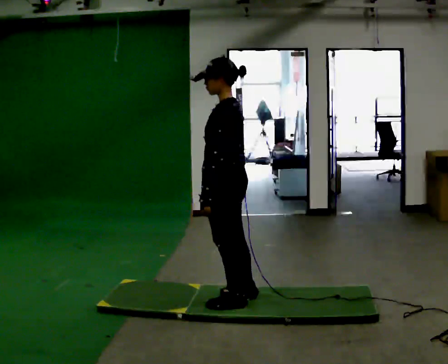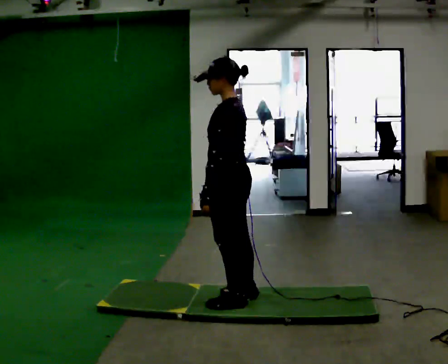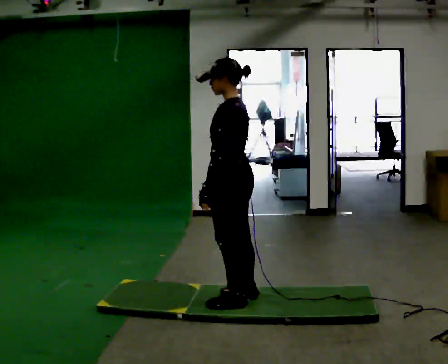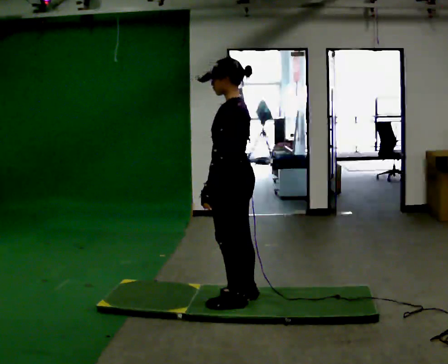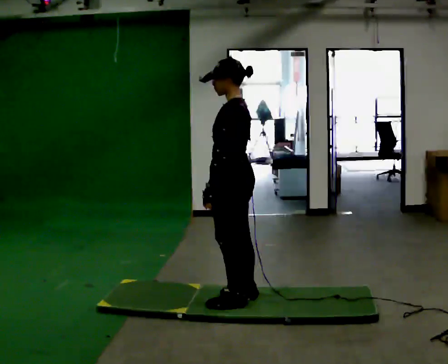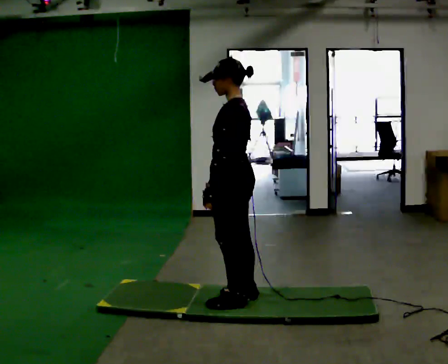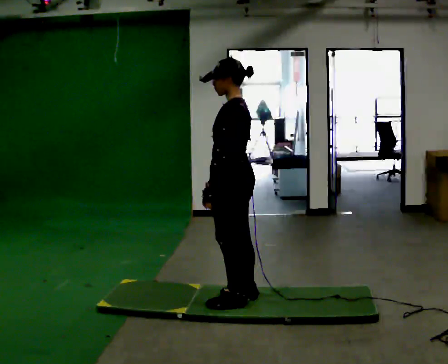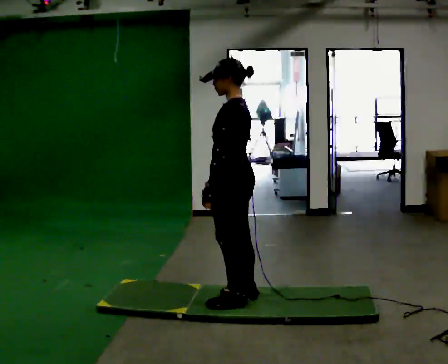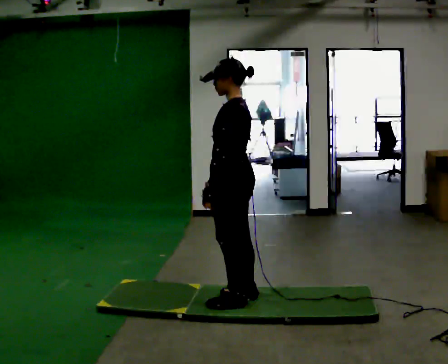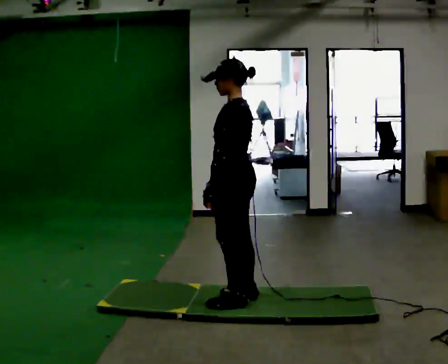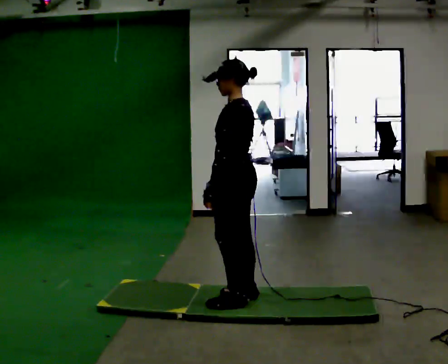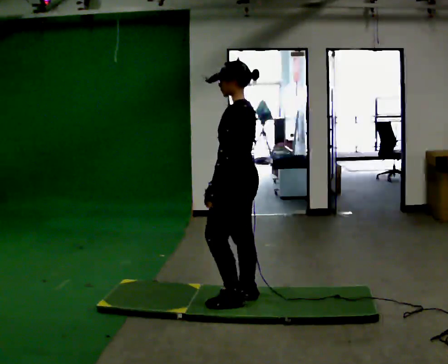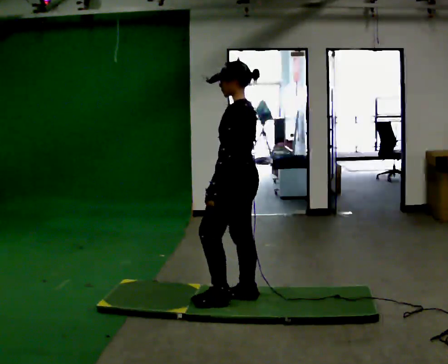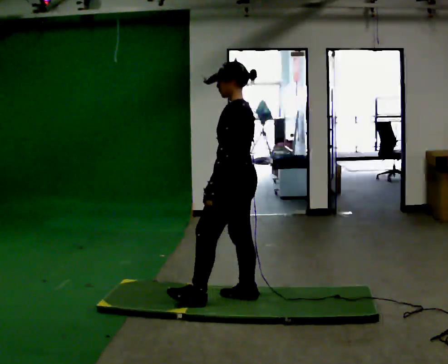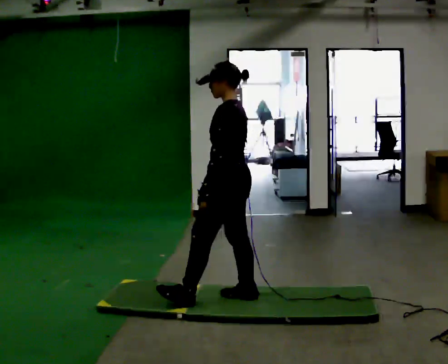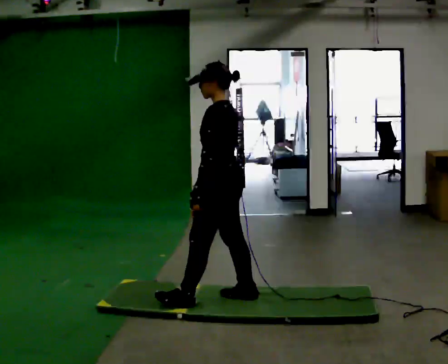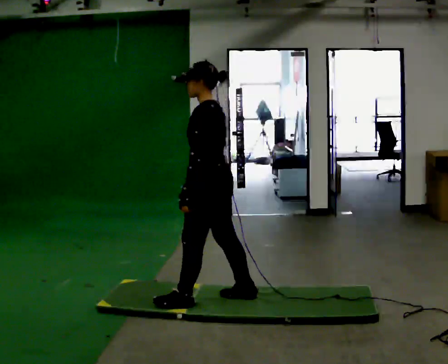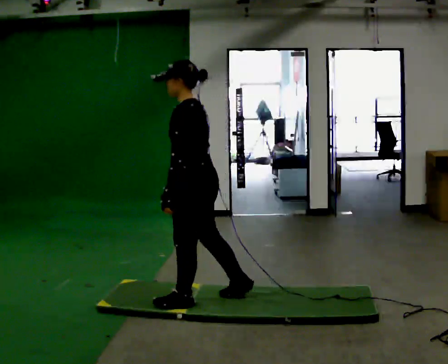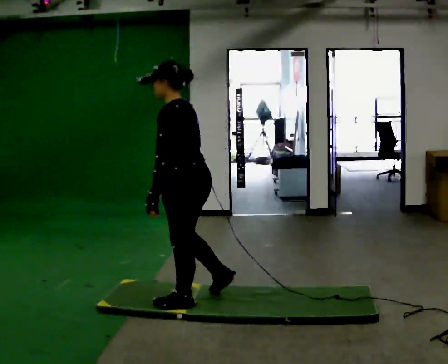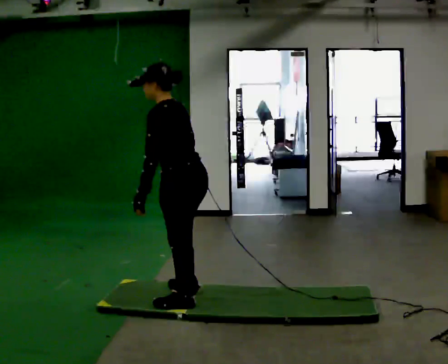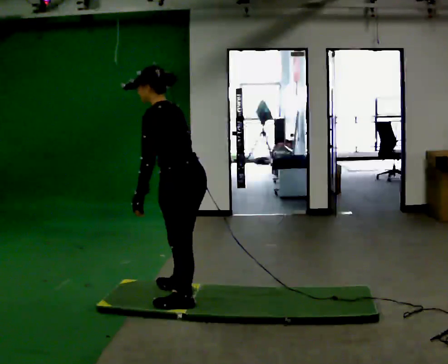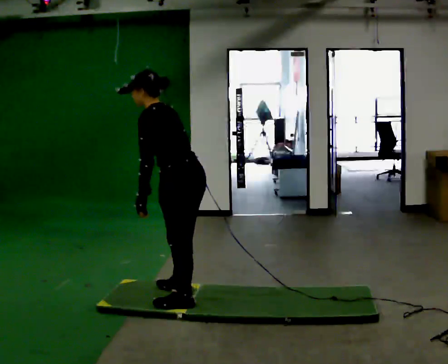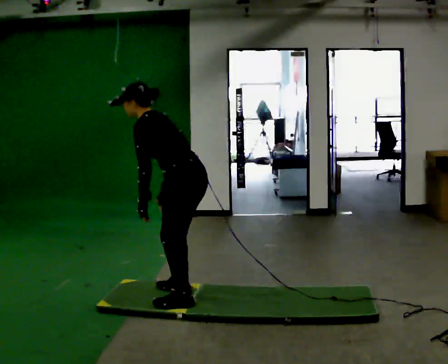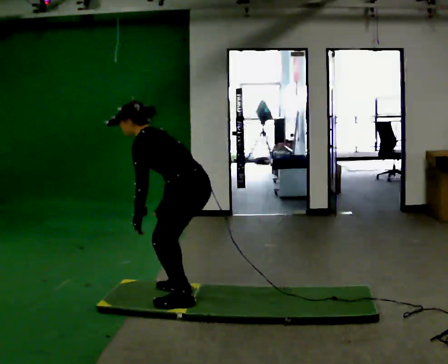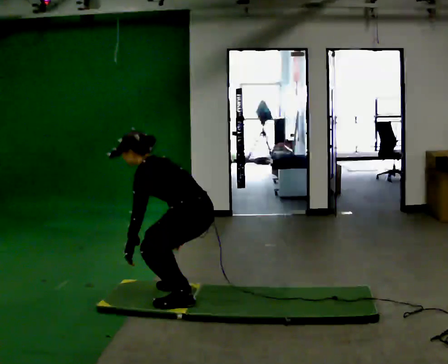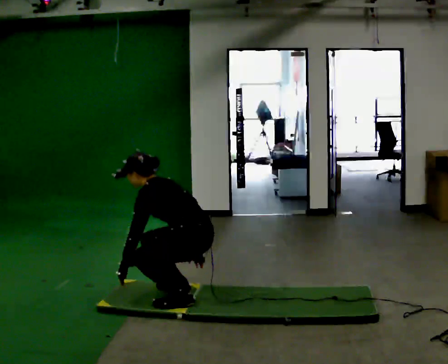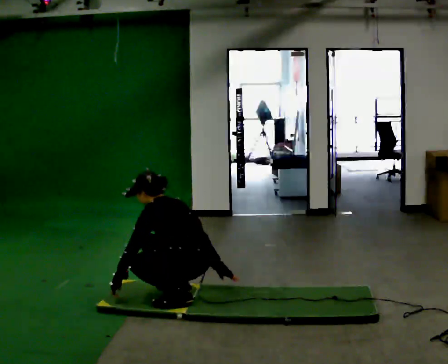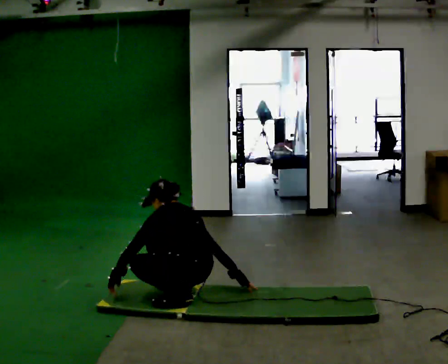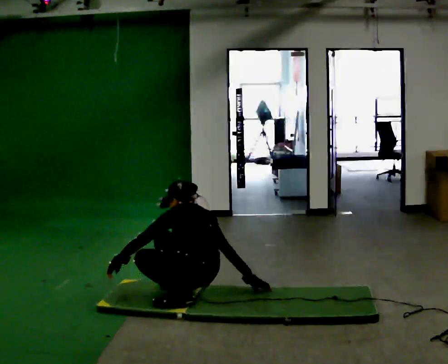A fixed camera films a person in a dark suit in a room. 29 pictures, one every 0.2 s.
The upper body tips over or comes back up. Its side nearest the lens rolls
upward.
The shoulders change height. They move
downward.
0.0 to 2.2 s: The person moves a little, or ends about where they began.
2.2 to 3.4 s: In the picture they go to the left, about 0.25 m in 1 step, which for them is forward and to their left.
3.4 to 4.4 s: In the picture the upper body tilts counterclockwise, shoulders to the left, as they bend forward.
4.4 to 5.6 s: The upper body goes downward. In the picture their left hand goes downward, the arm swinging clockwise.
The film runs forward here.
